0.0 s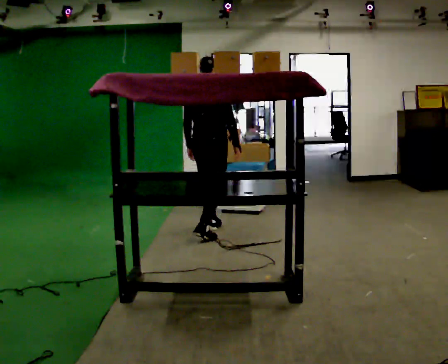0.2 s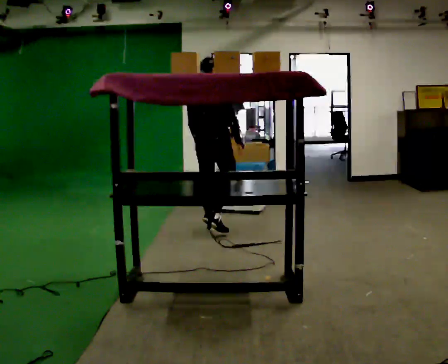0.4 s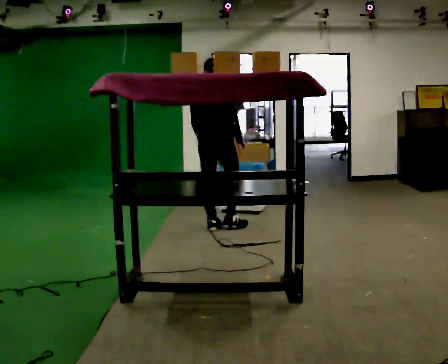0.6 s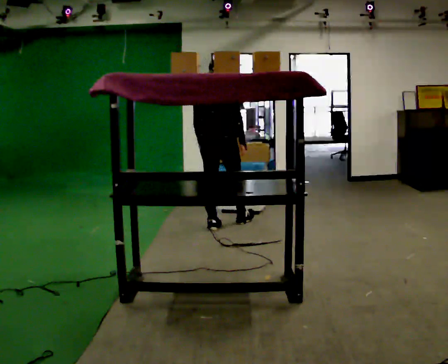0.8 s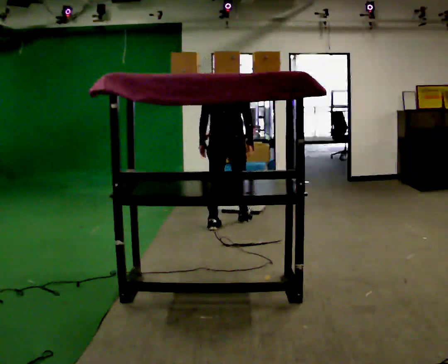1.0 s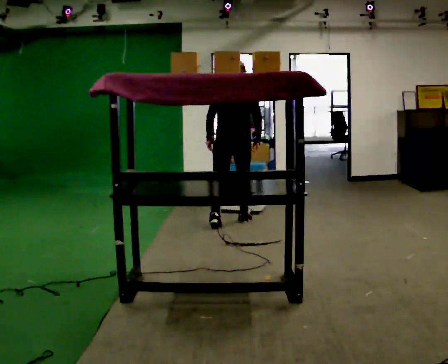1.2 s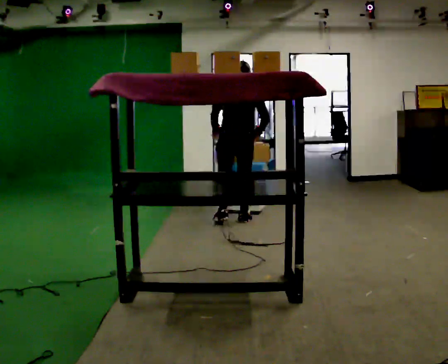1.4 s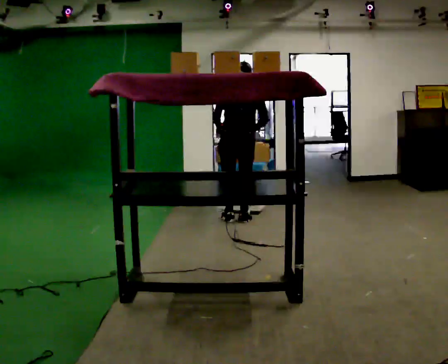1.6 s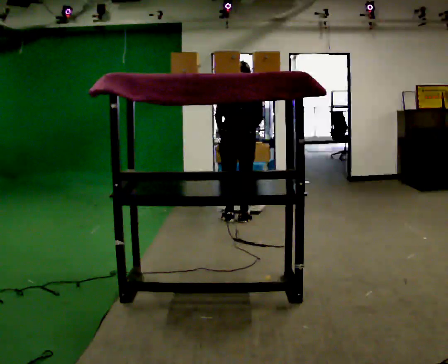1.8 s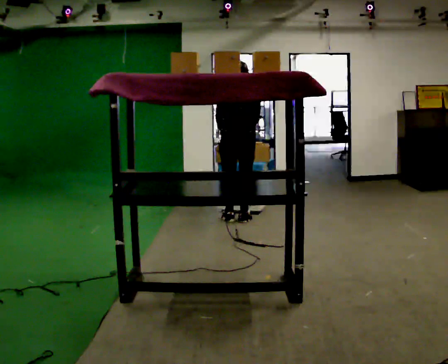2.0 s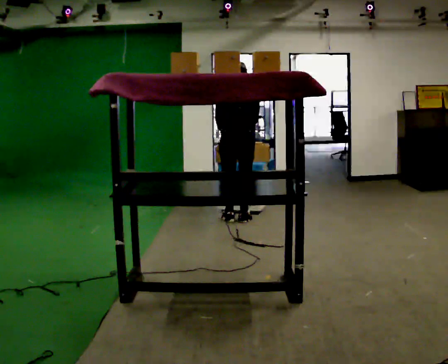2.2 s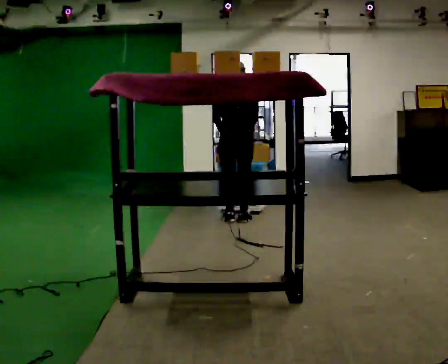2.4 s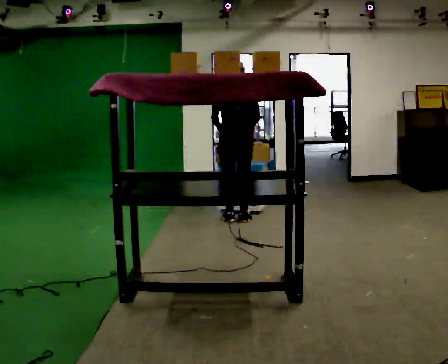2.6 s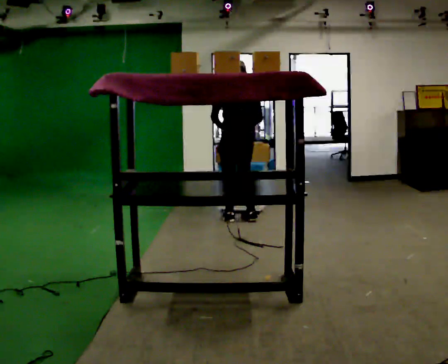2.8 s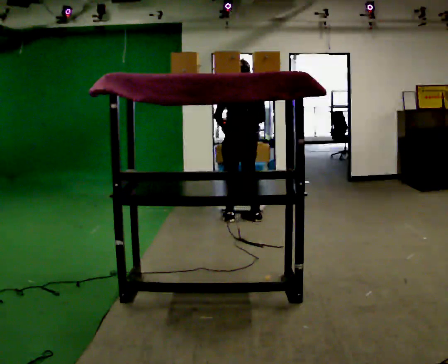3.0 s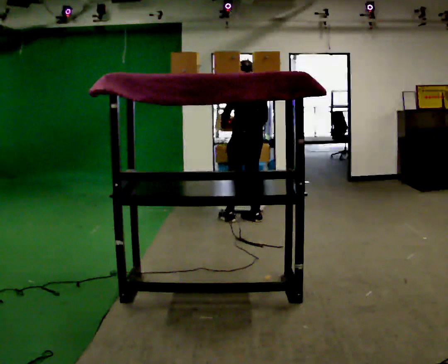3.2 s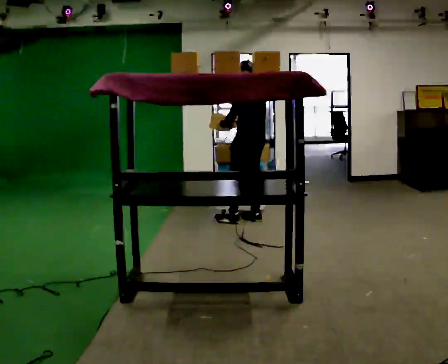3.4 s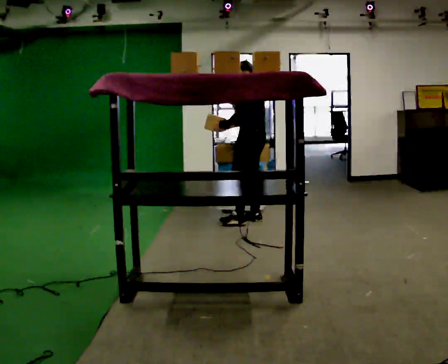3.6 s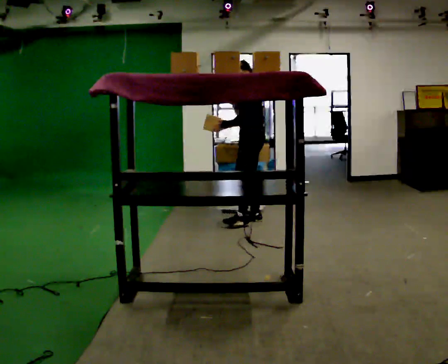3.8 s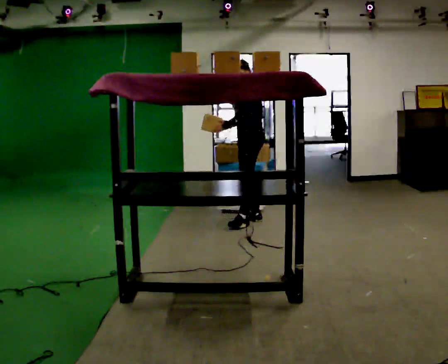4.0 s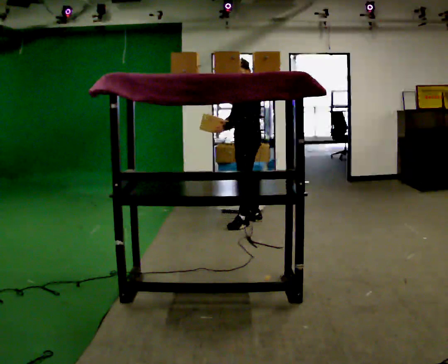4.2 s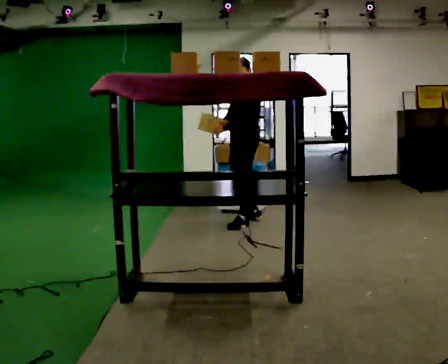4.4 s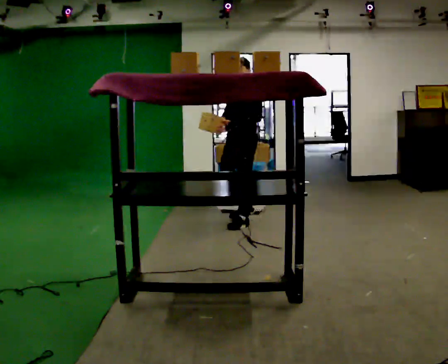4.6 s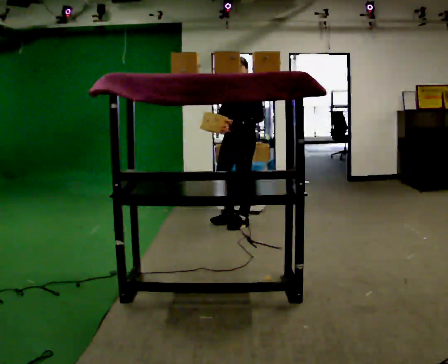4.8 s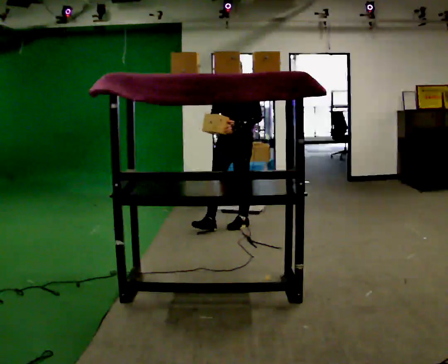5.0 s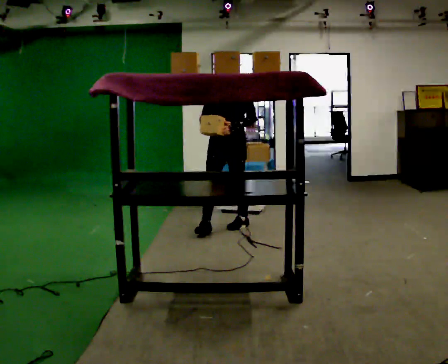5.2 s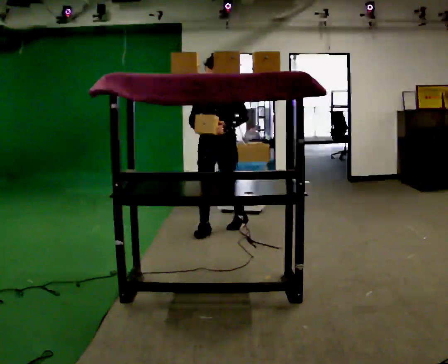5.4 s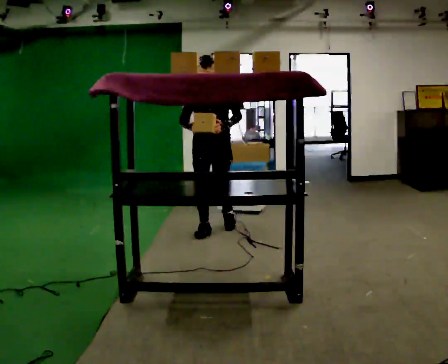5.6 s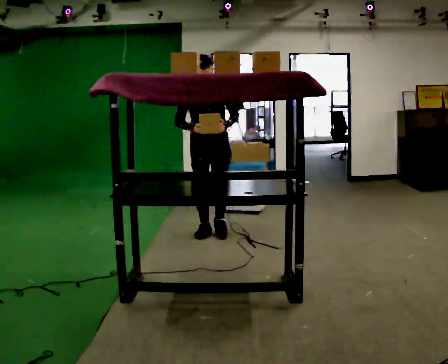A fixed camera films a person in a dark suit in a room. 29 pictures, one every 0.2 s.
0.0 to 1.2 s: The person turns about 30 degrees to their left, counterclockwise seen from above, so the part of the body nearest the lens slides to the right. In the picture they go away from the camera and to the right, about 0.5 m in 1 step, which for them is forward.
1.2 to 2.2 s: The person moves a little, or ends about where they began.
2.2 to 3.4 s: Seen from above the body turns counterclockwise, about 75 degrees: to their left, with its near side sliding to the right. In the picture they go to the right, about 0.25 m in 1 step.
3.4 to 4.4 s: The person turns about 60 degrees to their left, counterclockwise seen from above, so the part of the body nearest the lens slides to the right. In the picture they go toward the camera, about 0.25 m in 1 step, which for them is forward and to their left.
4.4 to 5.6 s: The person turns about 60 degrees to their left, counterclockwise seen from above, so the part of the body nearest the lens slides to the right. In the picture they go to the left and toward the camera, about 0.5 m in 1 step, which for them is forward and to their right.
The film runs forward here.
